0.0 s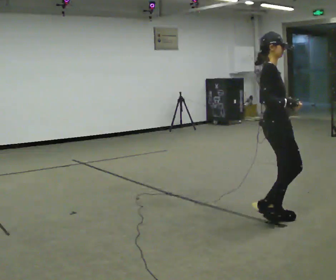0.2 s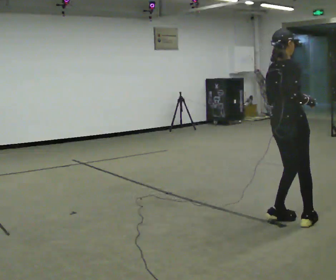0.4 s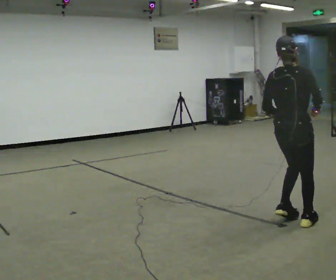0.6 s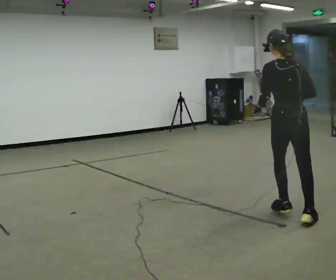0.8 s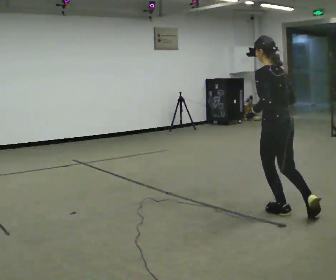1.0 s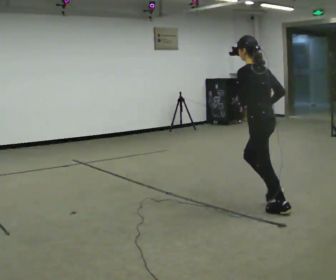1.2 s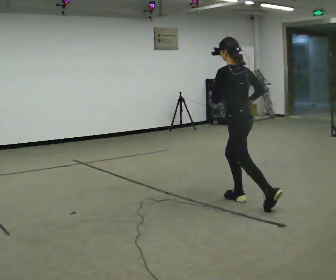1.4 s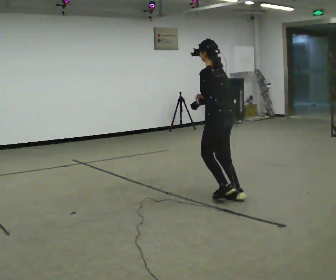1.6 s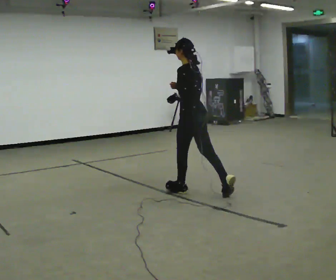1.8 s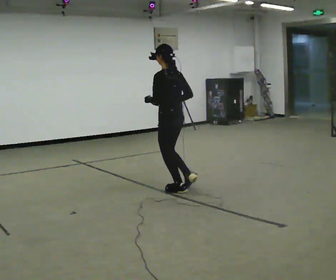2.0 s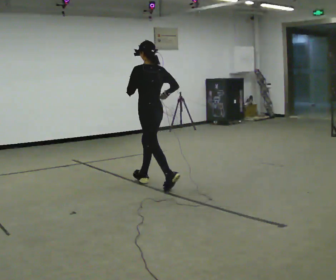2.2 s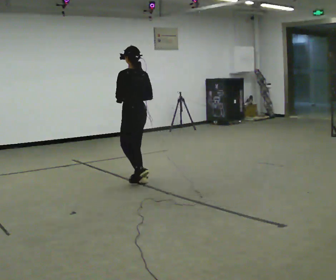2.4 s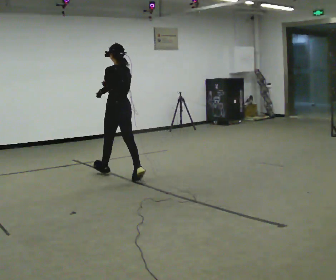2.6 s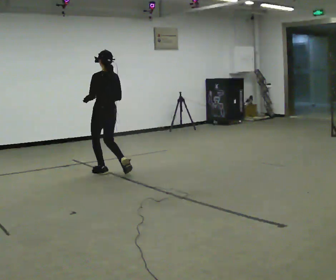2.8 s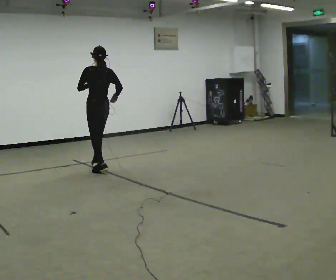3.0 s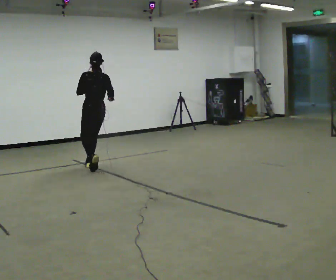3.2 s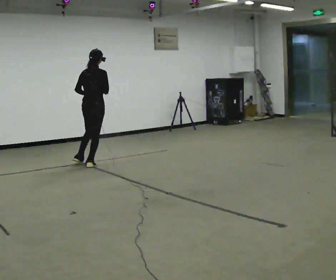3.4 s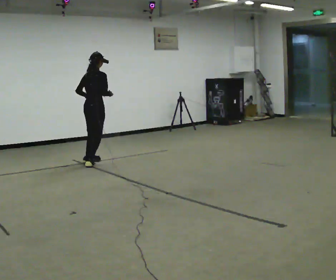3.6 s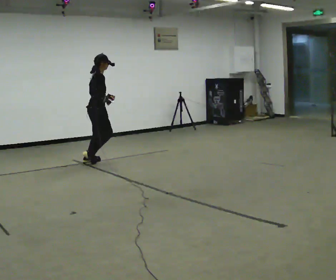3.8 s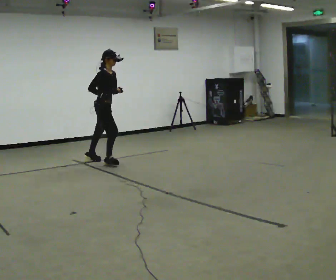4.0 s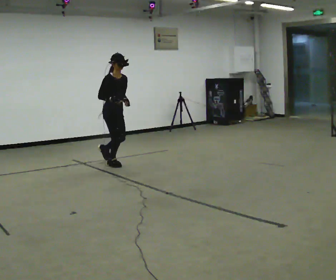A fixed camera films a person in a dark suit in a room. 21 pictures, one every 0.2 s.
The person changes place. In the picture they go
away from the camera.
0.0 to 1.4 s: The person turns about 150 degrees to their left, counterclockwise seen from above, so the part of the body nearest the lens slides to the right. In the picture they go away from the camera and to the left, about 1 m in 3 steps.
1.4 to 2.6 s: In the picture they go away from the camera and to the left, about 1.5 m in 3 steps, which for them is forward.
2.6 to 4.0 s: The person turns about 165 degrees to their right, clockwise seen from above, so the part of the body nearest the lens slides to the left. In the picture they go away from the camera, about 0.25 m in 3 steps.
The film runs forward here.
